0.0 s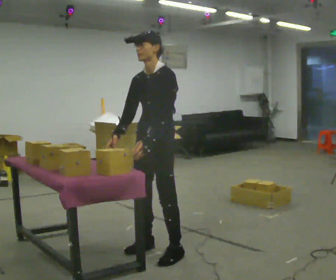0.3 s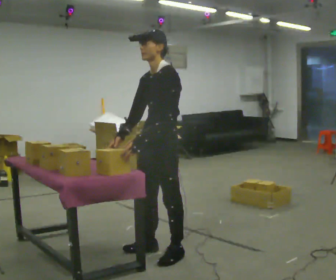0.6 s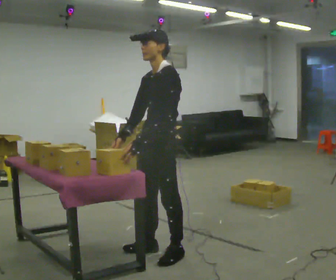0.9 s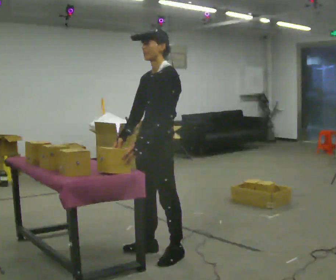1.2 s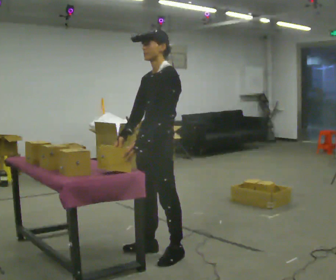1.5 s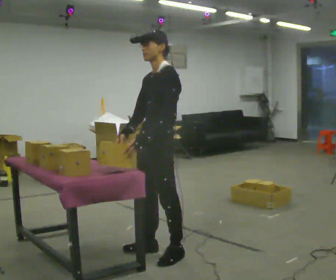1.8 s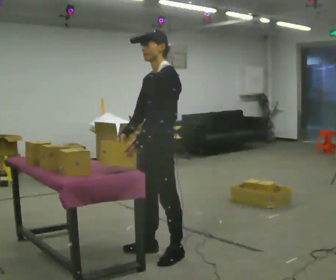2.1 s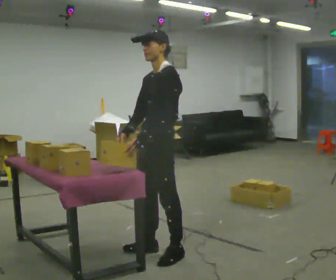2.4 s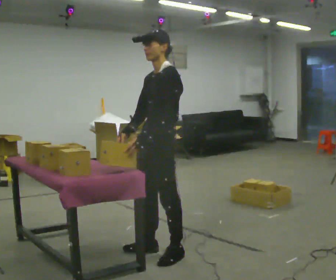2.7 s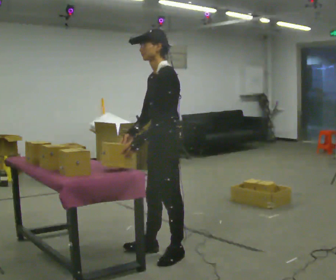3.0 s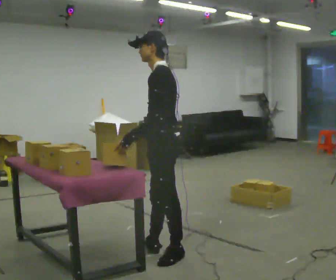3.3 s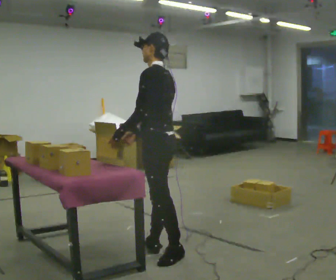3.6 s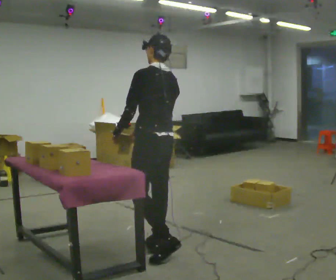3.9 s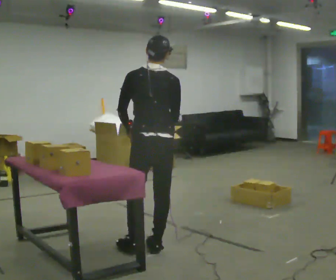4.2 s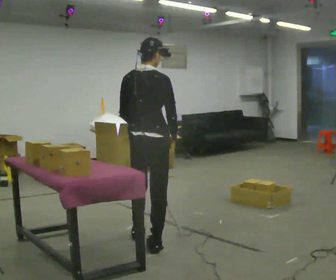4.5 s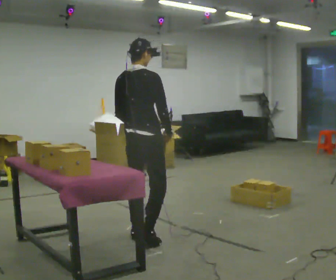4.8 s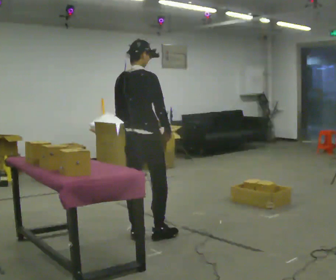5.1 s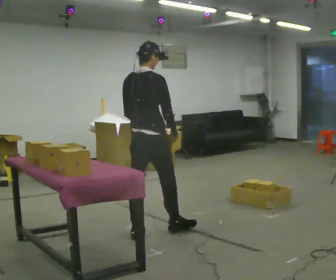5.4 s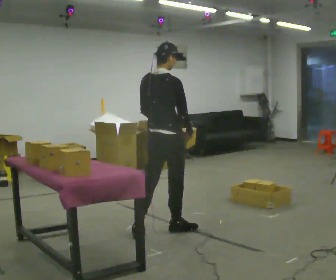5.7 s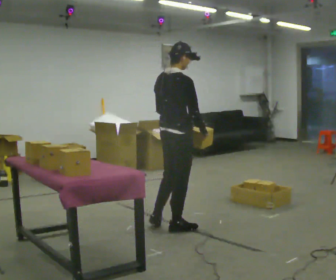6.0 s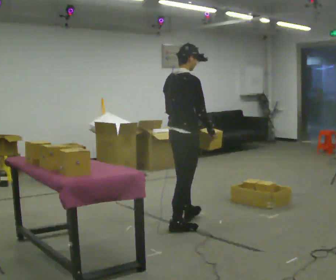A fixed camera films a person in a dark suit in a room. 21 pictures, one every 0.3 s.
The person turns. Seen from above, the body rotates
clockwise.
Their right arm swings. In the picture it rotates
counterclockwise.
0.0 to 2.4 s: The person moves a little, or ends about where they began.
2.4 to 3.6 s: The part of the body nearest the lens slides to the left as the person turns to their right by about 60 degrees.
3.6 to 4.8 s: The part of the body nearest the lens slides to the left as the person turns to their right by about 75 degrees. In the picture they go away from the camera, about 0.25 m in 1 step.
4.8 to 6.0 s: In the picture they go to the right and away from the camera, about 0.5 m in 1 step, which for them is forward.
The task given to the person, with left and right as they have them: Reach down into the deep bin on the floor, take out one object at a time, carry it to the shelf, and come back for the next one. Keep going until the operator says stop; one object at a time, and do not rush between trips.
The film runs forward here.
